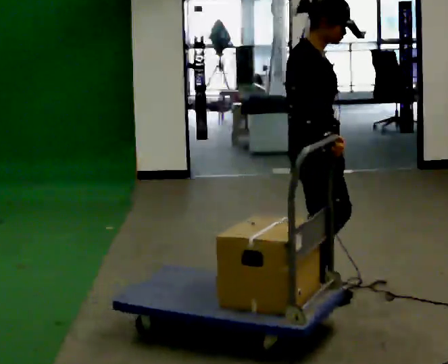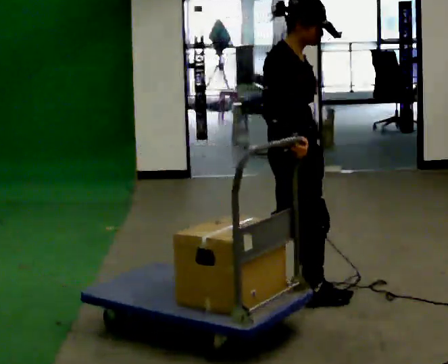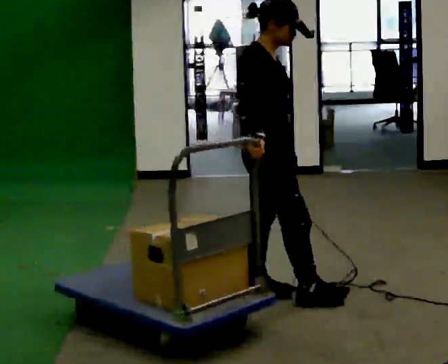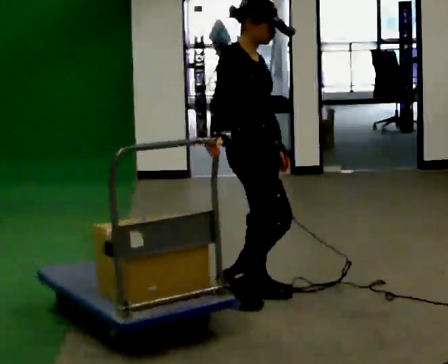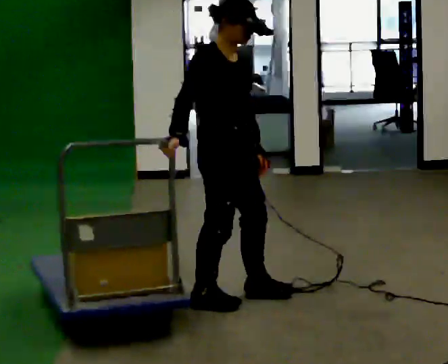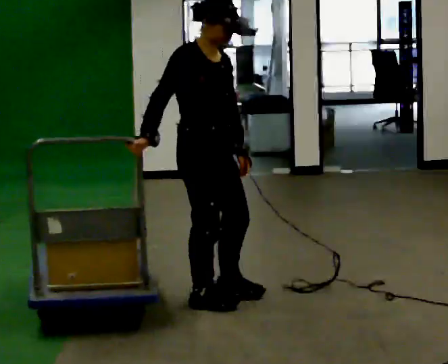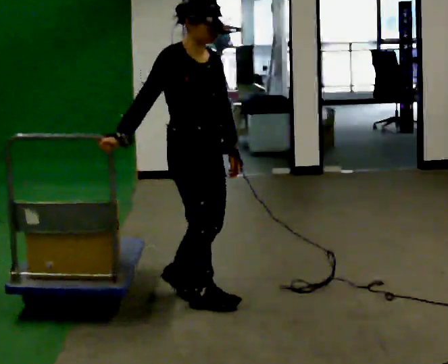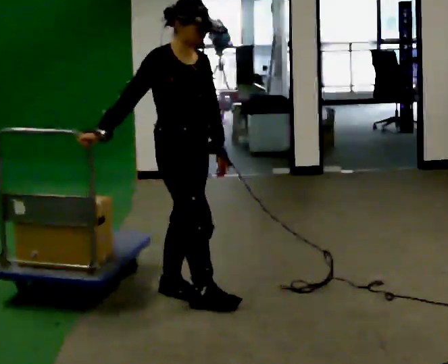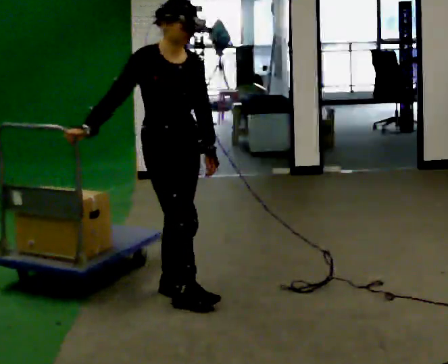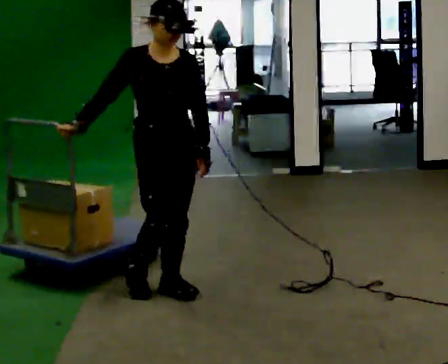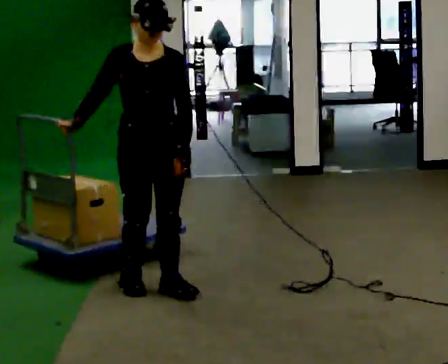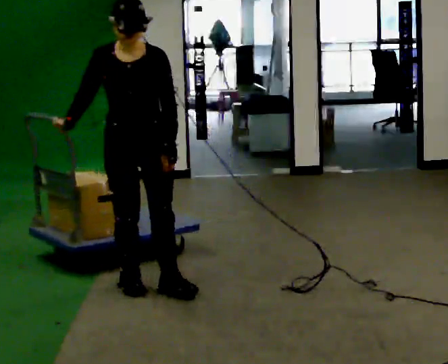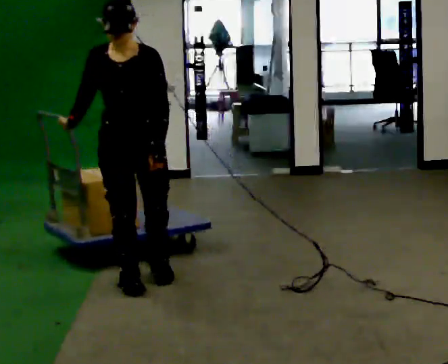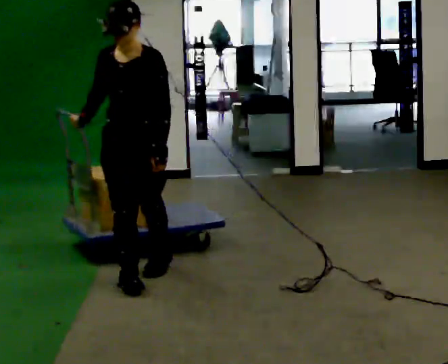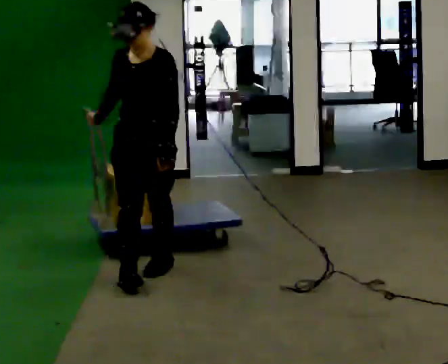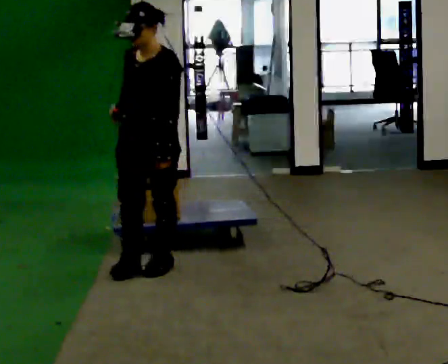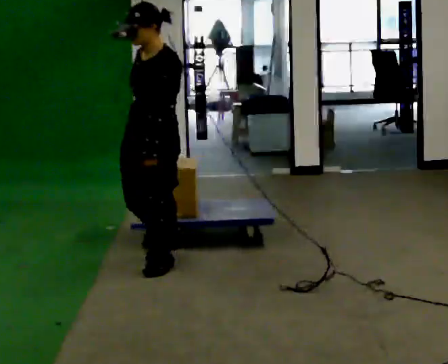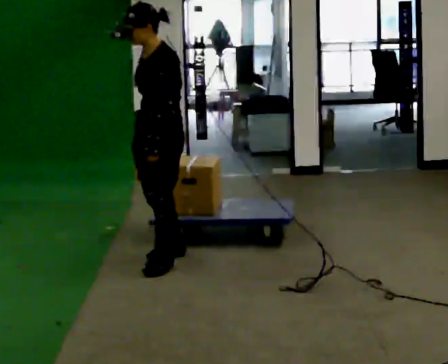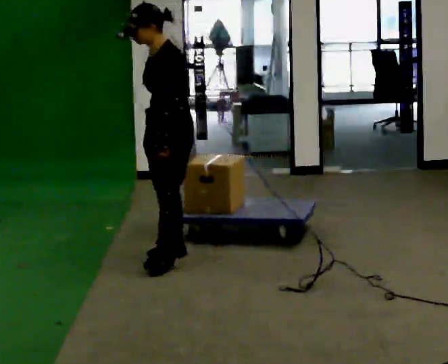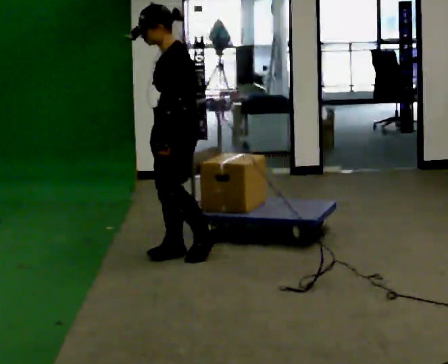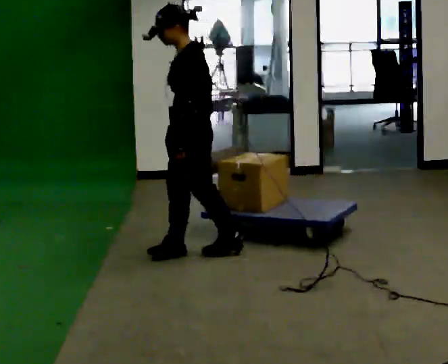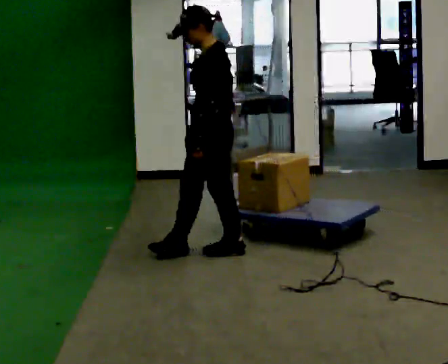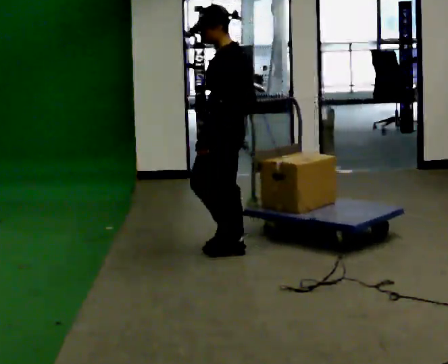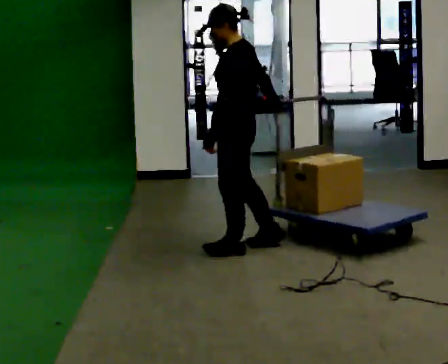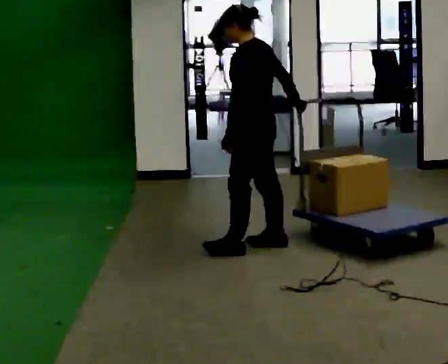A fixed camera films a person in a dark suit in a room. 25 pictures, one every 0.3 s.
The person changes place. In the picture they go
away from the camera.
The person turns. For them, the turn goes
to their right.
0.0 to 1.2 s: In the picture they go to the left, about 0.5 m in 1 step, which for them is backward.
1.2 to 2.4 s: In the picture they go to the left and away from the camera, about 0.25 m in 2 steps, which for them is backward.
2.4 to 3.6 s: The part of the body nearest the lens slides to the left as the person turns to their right by about 45 degrees. In the picture they go away from the camera and to the left, about 0.25 m in 1 step, which for them is backward and to their right.
3.6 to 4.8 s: The person turns about 45 degrees to their right, clockwise seen from above, so the part of the body nearest the lens slides to the left. In the picture they go away from the camera and to the right, about 0.25 m in 1 step, which for them is backward.
4.8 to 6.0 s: Seen from above the body turns clockwise, about 30 degrees: to their right, with its near side sliding to the left. In the picture they go away from the camera and to the right, about 0.25 m in 1 step, which for them is backward and to their right.
6.0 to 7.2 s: The part of the body nearest the lens slides to the left as the person turns to their right by about 30 degrees. In the picture they go to the right, about 0.5 m in 1 step, which for them is backward.
The film runs backward here.
